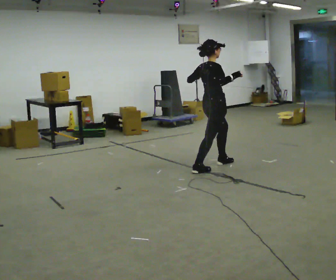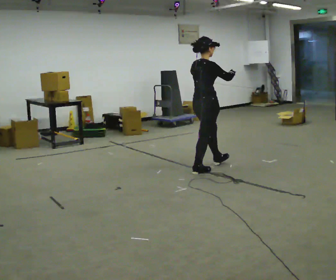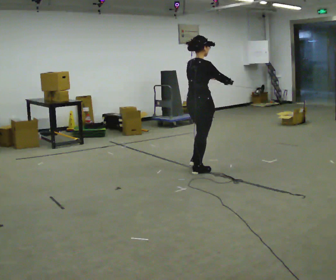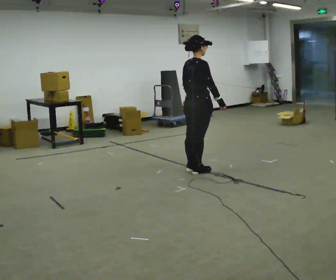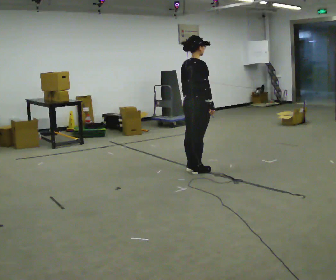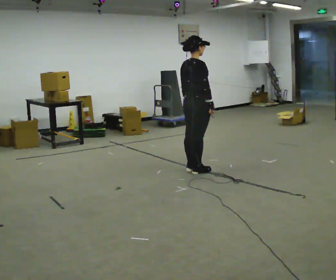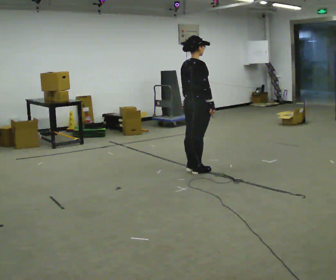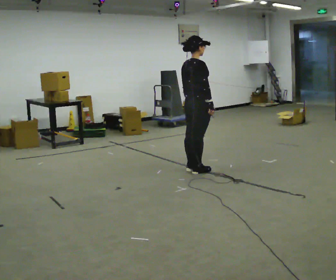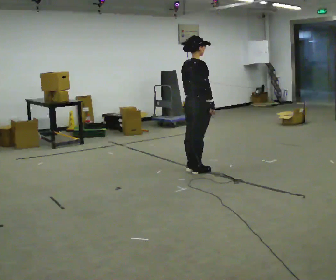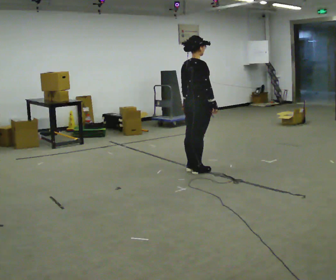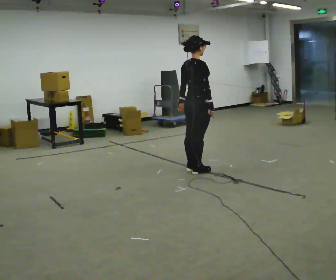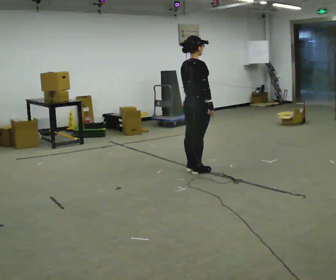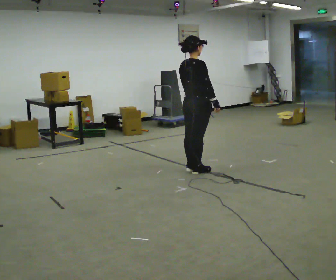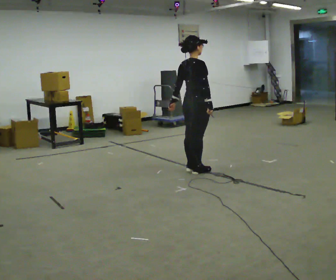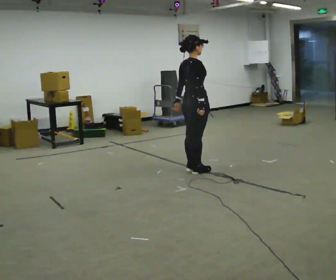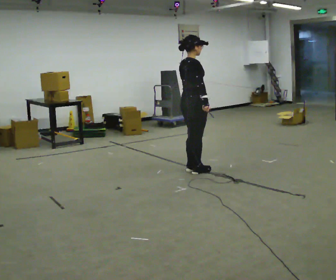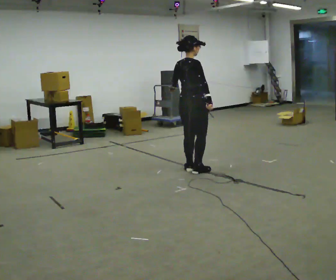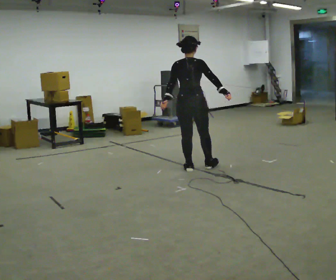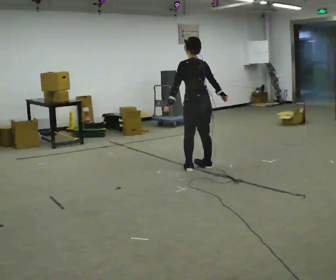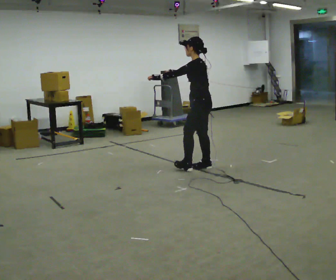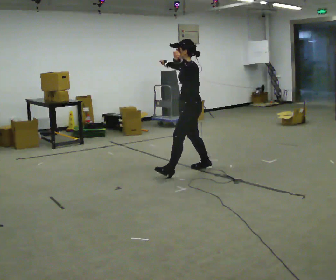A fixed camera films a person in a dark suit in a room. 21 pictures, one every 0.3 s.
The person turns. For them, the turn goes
to their left.
The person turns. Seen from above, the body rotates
counterclockwise.
0.0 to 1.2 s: In the picture they go to the left and toward the camera, about 0.25 m in 1 step, which for them is backward. In the picture their right hand goes downward.
1.2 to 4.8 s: The person moves a little, or ends about where they began.
4.8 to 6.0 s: Seen from above the body turns counterclockwise, about 150 degrees: to their left, with its near side sliding to the right. In the picture their left hand goes upward.
The film runs backward here.
